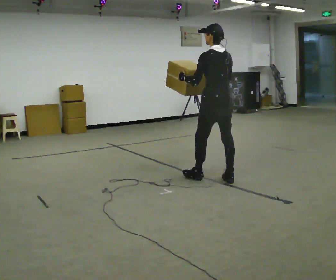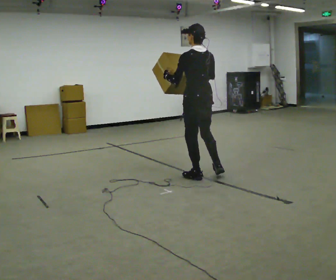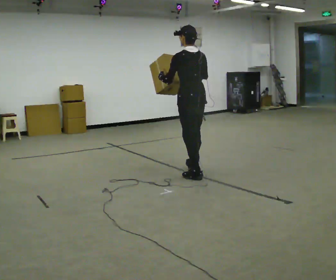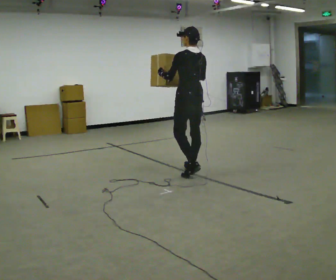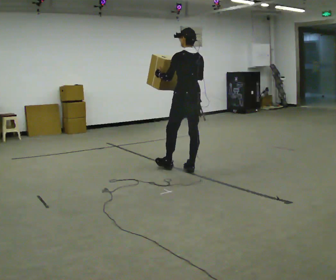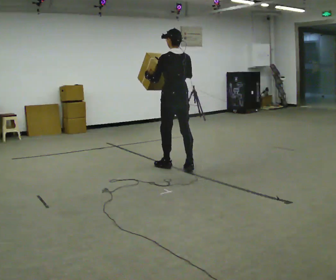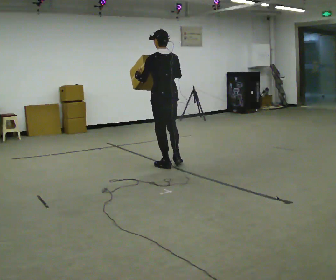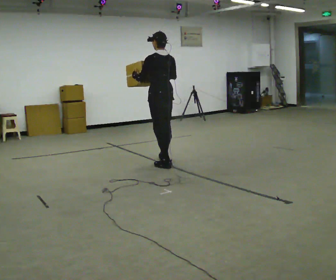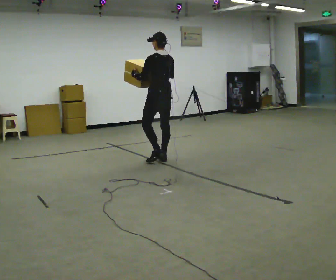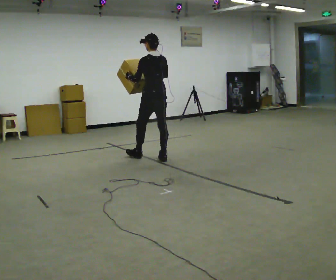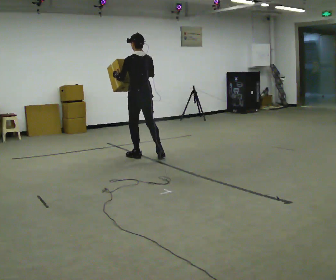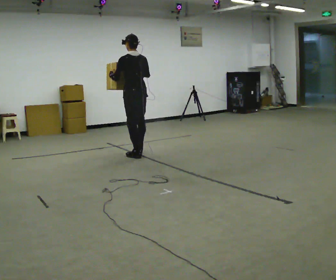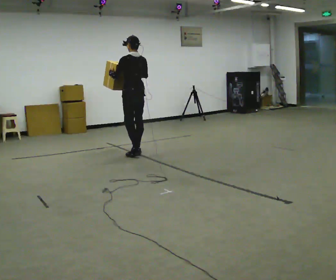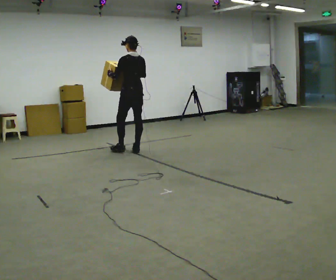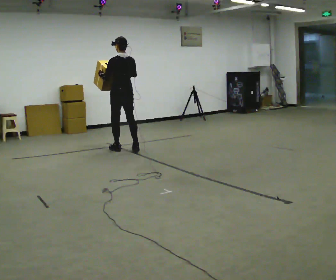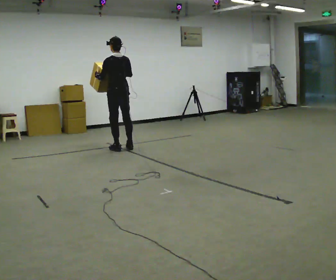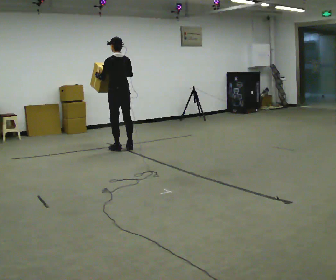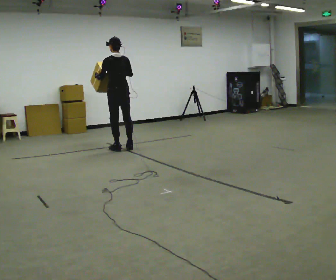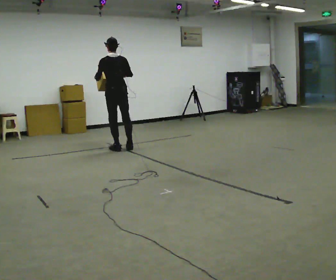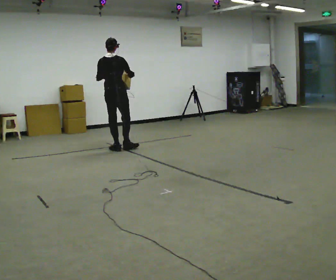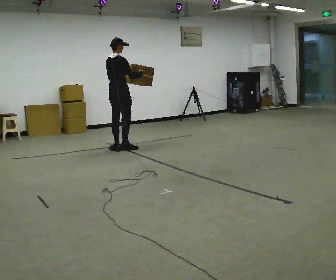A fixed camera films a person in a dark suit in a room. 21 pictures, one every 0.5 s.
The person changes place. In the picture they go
away from the camera.
0.0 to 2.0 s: In the picture they go away from the camera and to the left, about 0.5 m in 1 step, which for them is forward.
2.0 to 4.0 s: In the picture they go away from the camera and to the left, about 0.75 m in 2 steps, which for them is forward.
4.0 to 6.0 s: In the picture they go away from the camera and to the left, about 0.5 m in 2 steps, which for them is forward.
6.0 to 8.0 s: In the picture they go away from the camera and to the left, about 0.25 m in 2 steps, which for them is forward.
8.0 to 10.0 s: The part of the body nearest the lens slides to the left as the person turns to their right by about 75 degrees. In the picture their right hand goes to the right.
The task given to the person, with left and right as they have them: Carry the object and, while walking, turn it over in your hands to look at all sides of it. Keep turning it as you walk.
The film runs forward here.
